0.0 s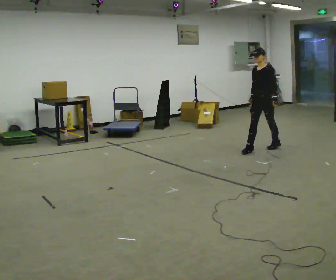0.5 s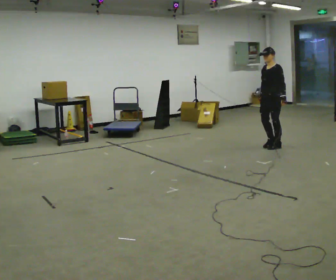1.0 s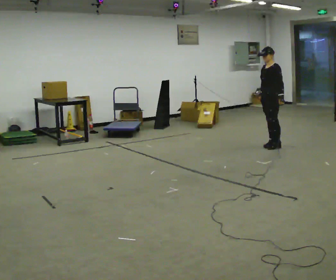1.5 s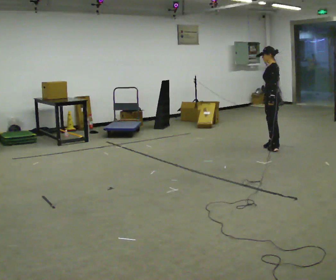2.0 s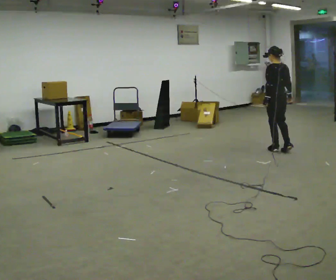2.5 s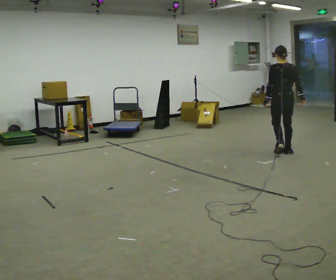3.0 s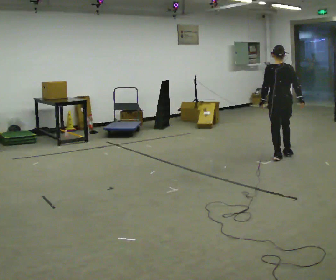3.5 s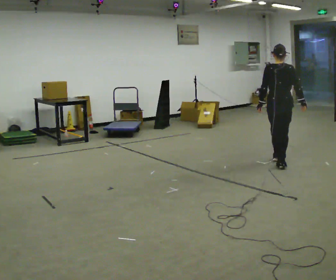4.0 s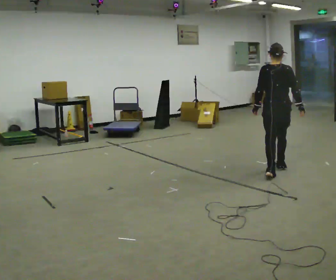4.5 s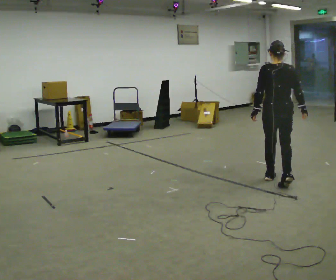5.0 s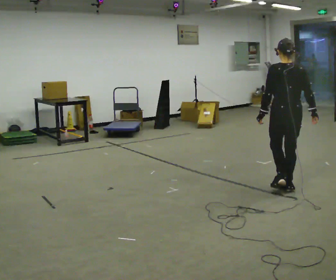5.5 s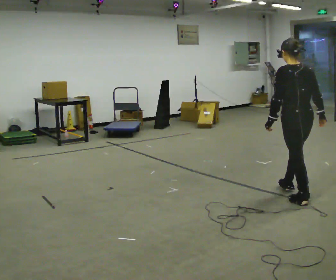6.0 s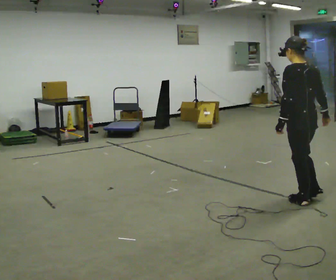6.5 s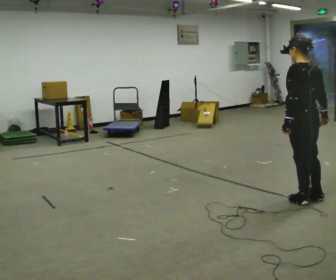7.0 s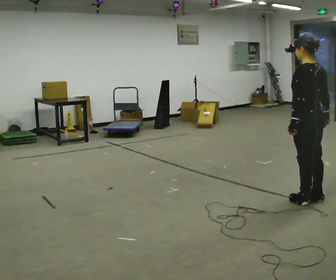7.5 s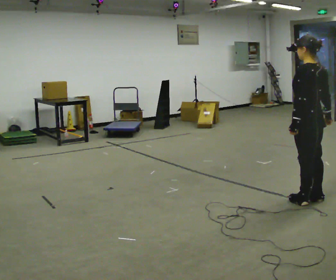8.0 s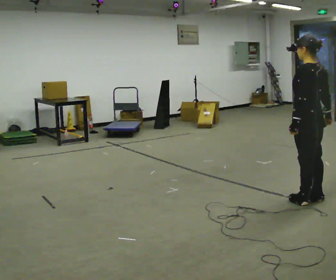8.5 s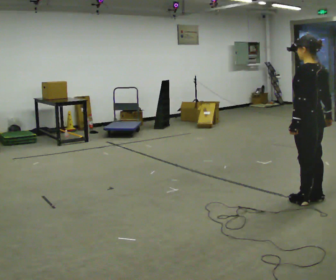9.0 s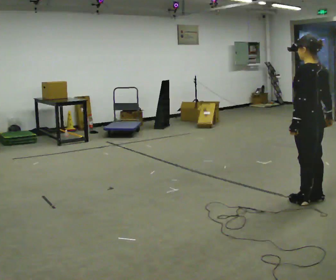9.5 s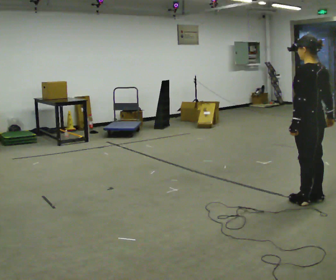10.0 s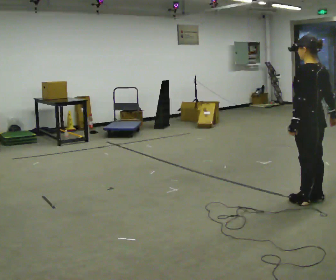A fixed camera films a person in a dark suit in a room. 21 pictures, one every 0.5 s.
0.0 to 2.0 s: The part of the body nearest the lens slides to the left as the person turns to their right by about 105 degrees. In the picture they go to the right, about 0.25 m in 3 steps.
2.0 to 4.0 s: The part of the body nearest the lens slides to the left as the person turns to their right by about 30 degrees. In the picture they go toward the camera, about 1 m in 3 steps, which for them is backward.
4.0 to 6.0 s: The person turns about 45 degrees to their left, counterclockwise seen from above, so the part of the body nearest the lens slides to the right. In the picture they go toward the camera, about 1 m in 3 steps, which for them is backward.
6.0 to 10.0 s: The person moves a little, or ends about where they began.
The film runs backward here.
